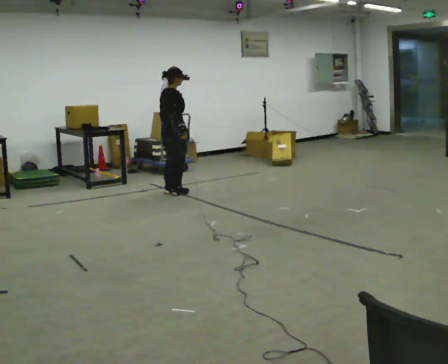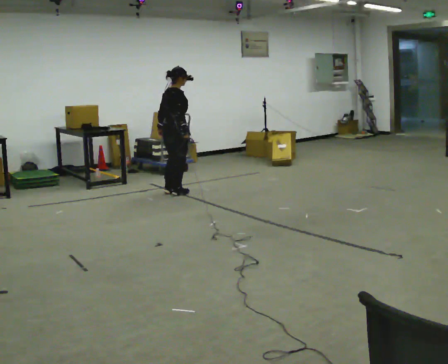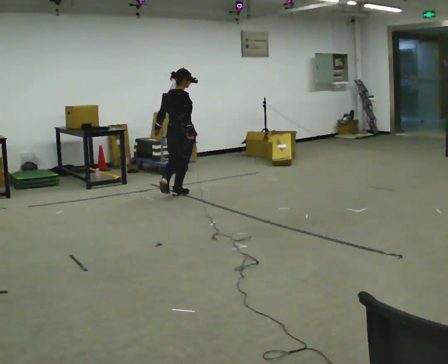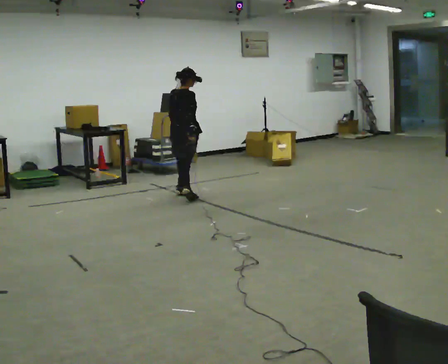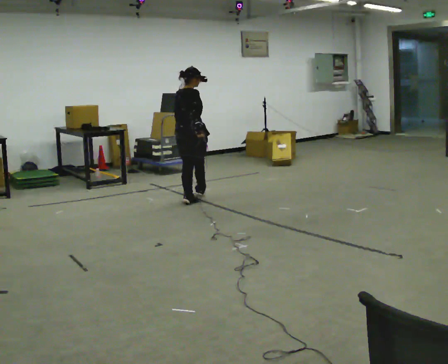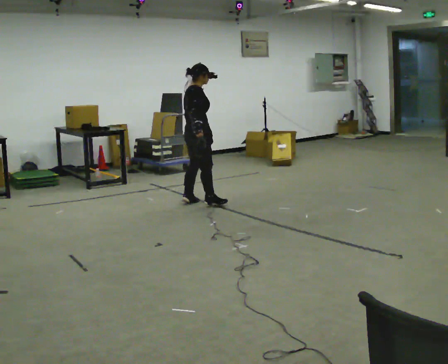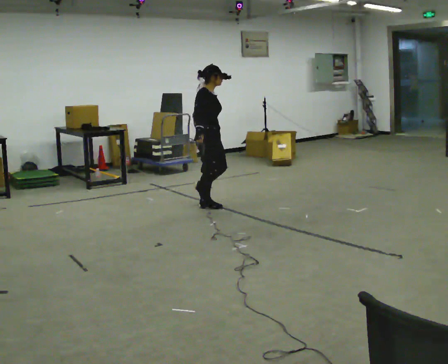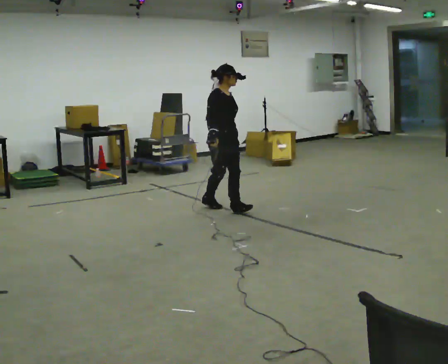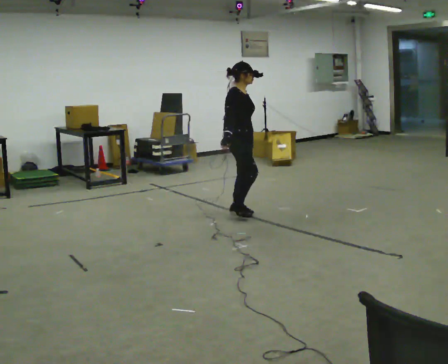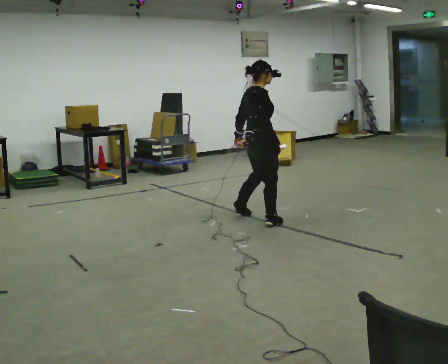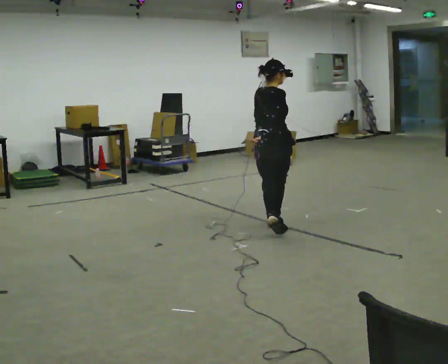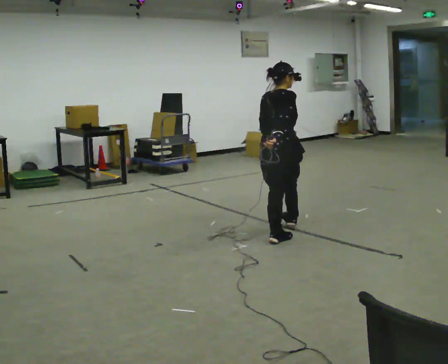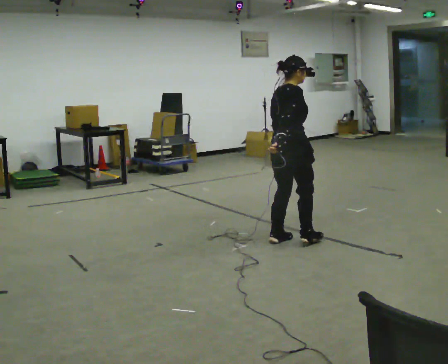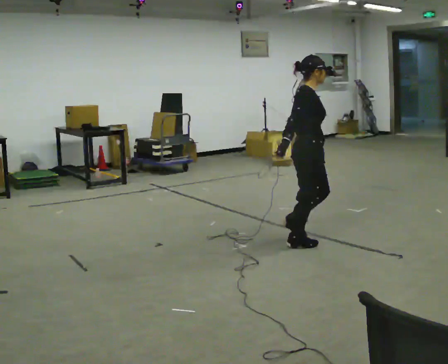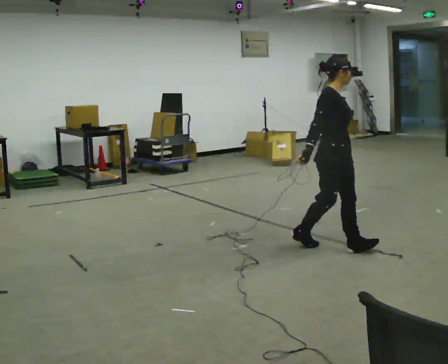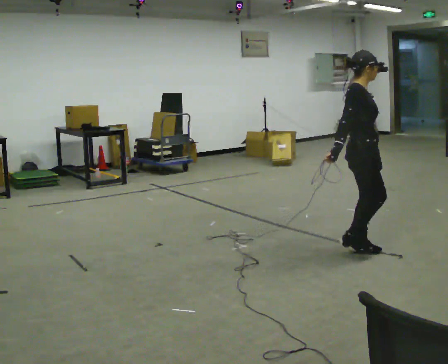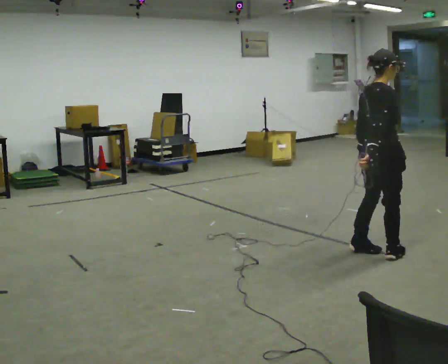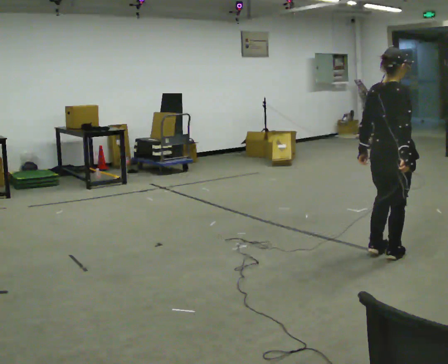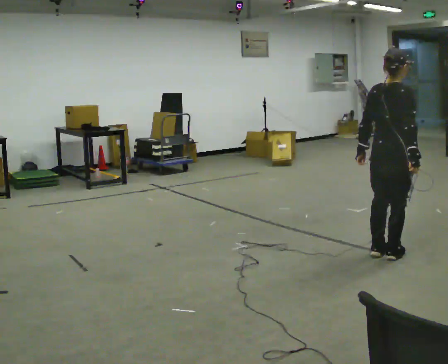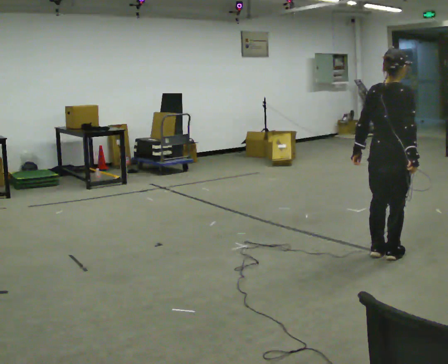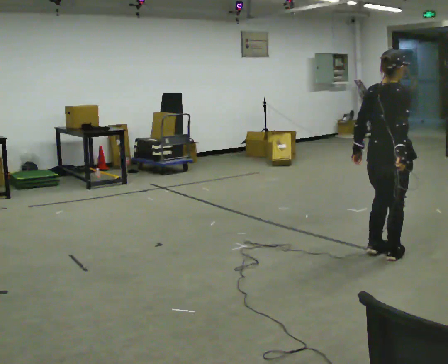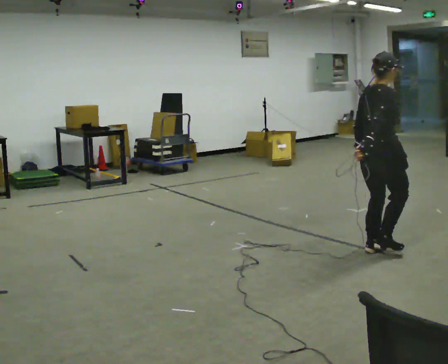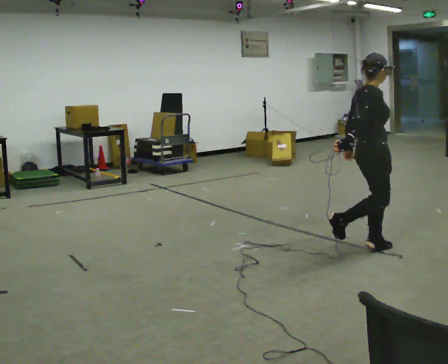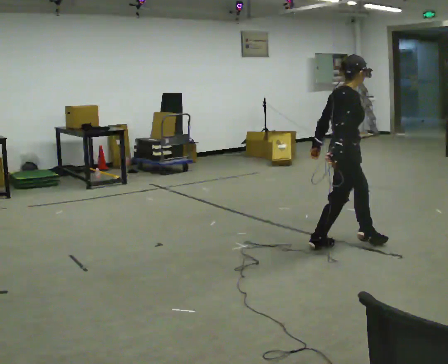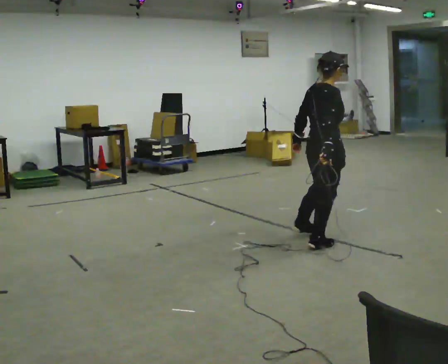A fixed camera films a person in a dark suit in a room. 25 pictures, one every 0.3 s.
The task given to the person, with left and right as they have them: Move sideways in the direction the operator calls, crossing one foot in front and then behind, alternating.
0.0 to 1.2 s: In the picture they go toward the camera and to the right, about 0.5 m in 1 step, which for them is to their right and backward.
1.2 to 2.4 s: Seen from above the body turns clockwise, about 75 degrees: to their right, with its near side sliding to the left. In the picture they go to the right and toward the camera, about 1 m in 2 steps.
2.4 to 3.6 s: The part of the body nearest the lens slides to the right as the person turns to their left by about 45 degrees. In the picture they go toward the camera and to the right, about 1 m in 2 steps.
3.6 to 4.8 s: In the picture they go to the right and toward the camera, about 1 m in 3 steps, which for them is forward.
4.8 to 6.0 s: The person moves a little, or ends about where they began.
6.0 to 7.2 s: In the picture they go to the left and away from the camera, about 0.5 m in 1 step, which for them is backward and to their left.
The film runs forward here.
